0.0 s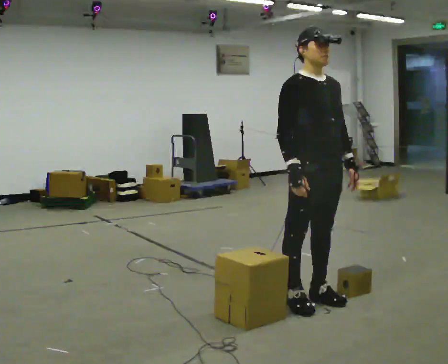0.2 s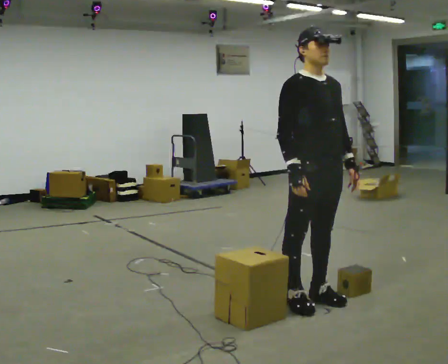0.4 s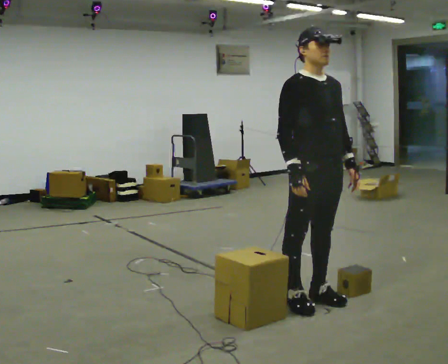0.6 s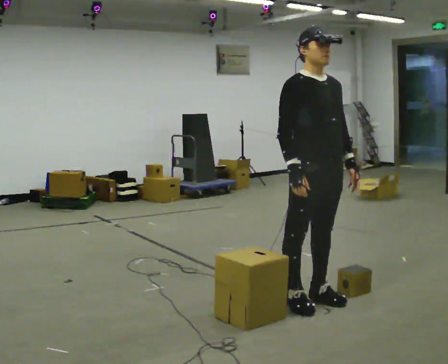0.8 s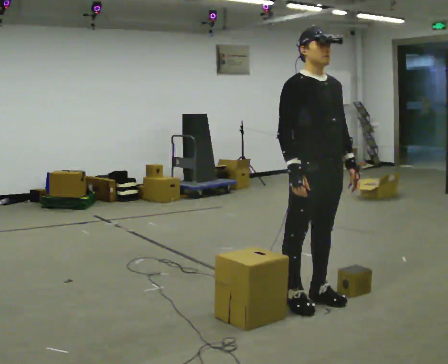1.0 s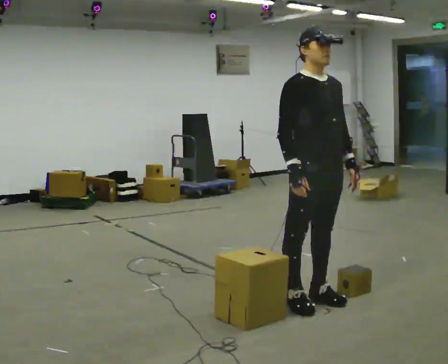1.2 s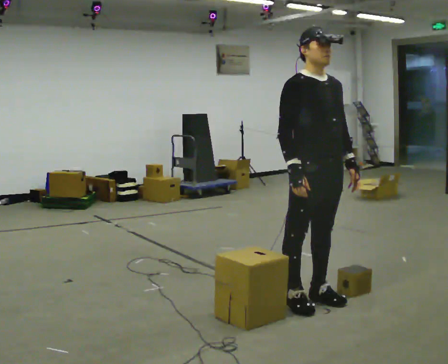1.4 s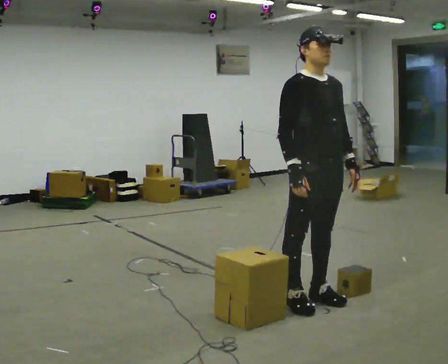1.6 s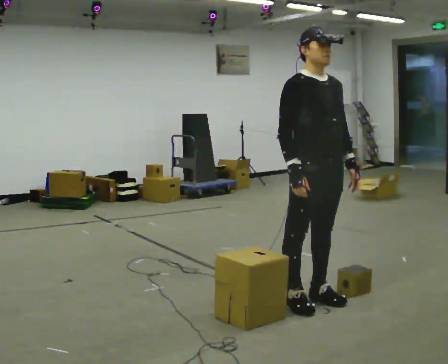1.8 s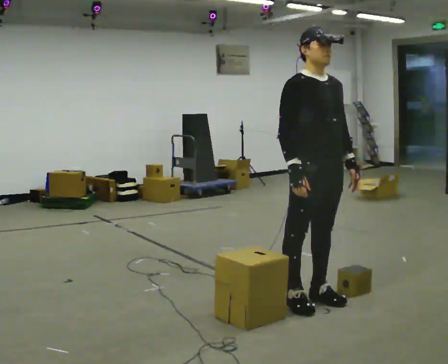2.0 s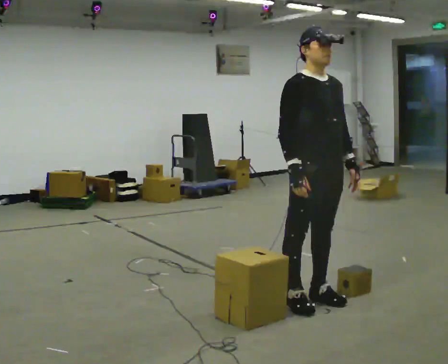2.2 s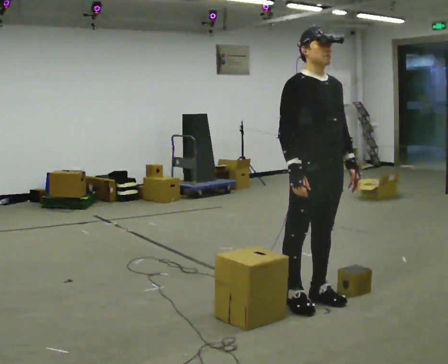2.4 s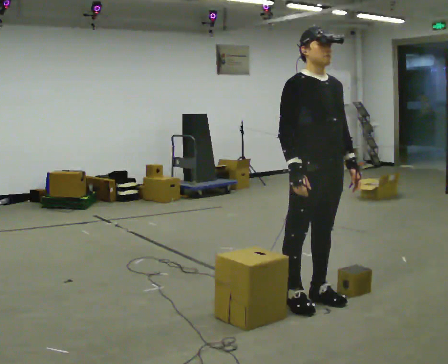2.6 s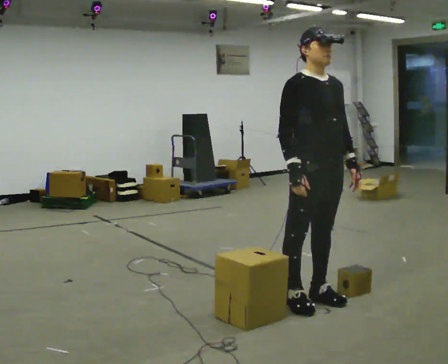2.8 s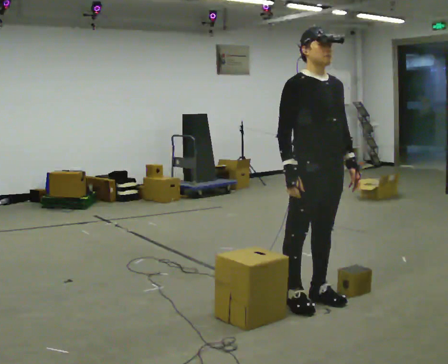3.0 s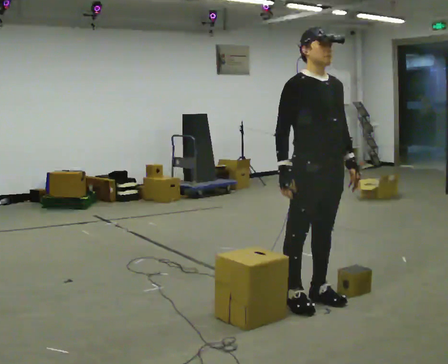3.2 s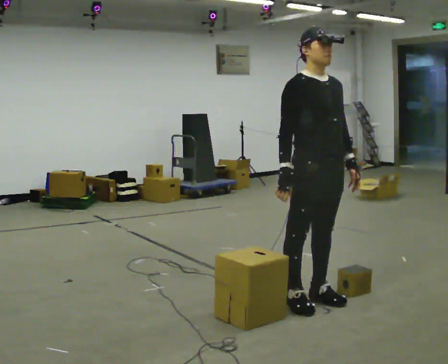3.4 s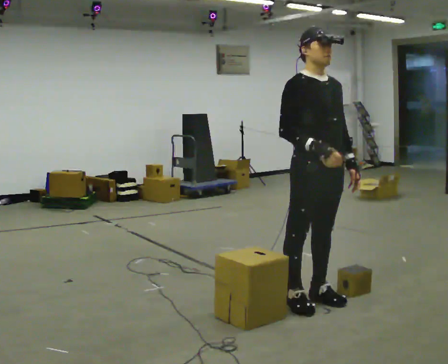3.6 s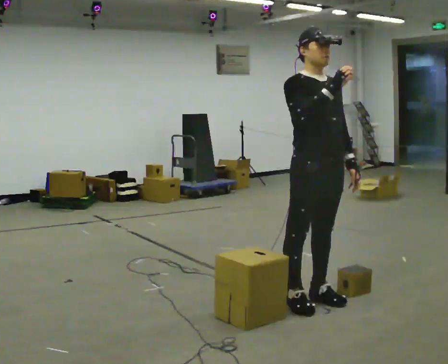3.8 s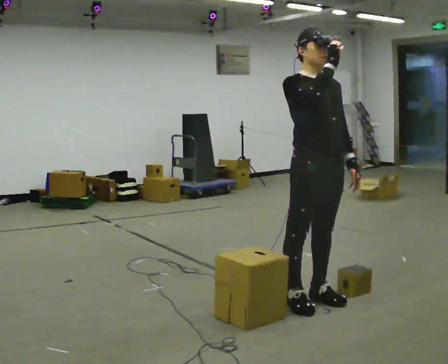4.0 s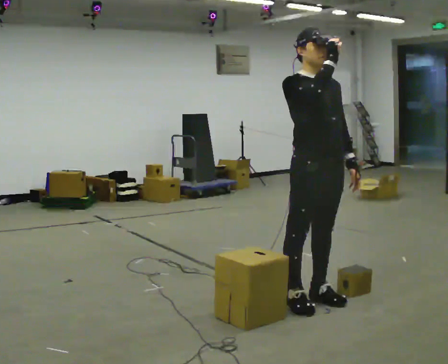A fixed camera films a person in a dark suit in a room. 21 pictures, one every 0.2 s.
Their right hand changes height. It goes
upward.
0.0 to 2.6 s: The person keeps their place and pose.
2.6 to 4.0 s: In the picture their right hand goes upward.
The film runs backward here.
